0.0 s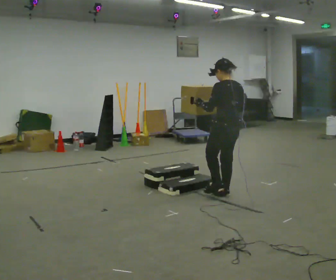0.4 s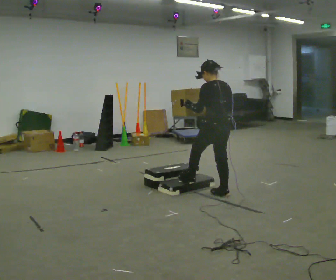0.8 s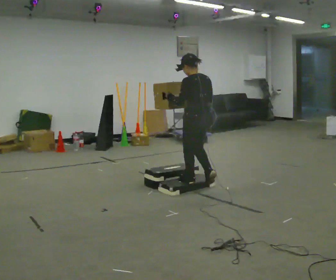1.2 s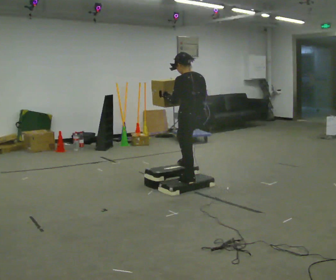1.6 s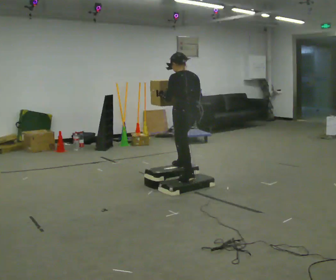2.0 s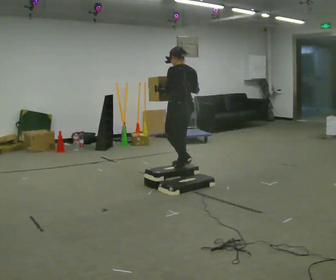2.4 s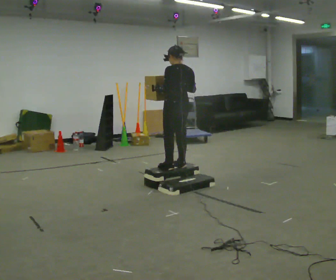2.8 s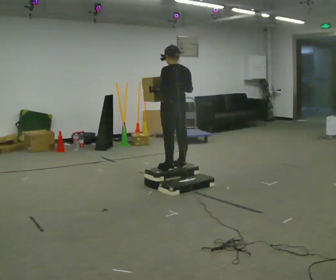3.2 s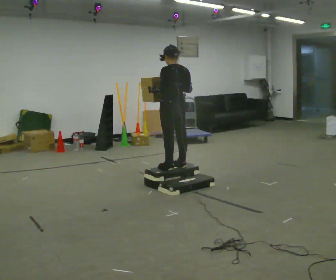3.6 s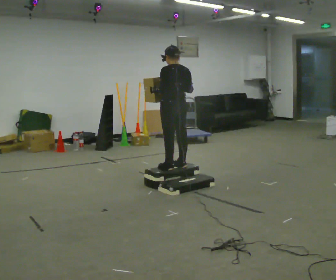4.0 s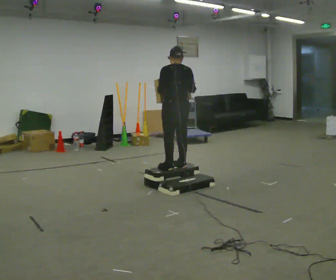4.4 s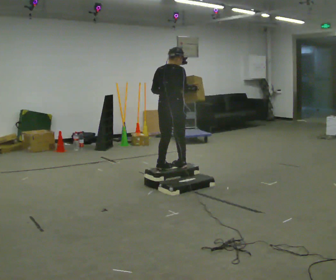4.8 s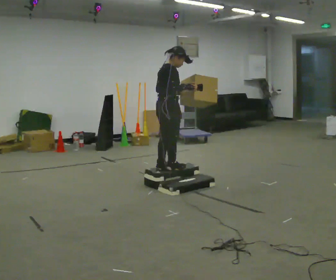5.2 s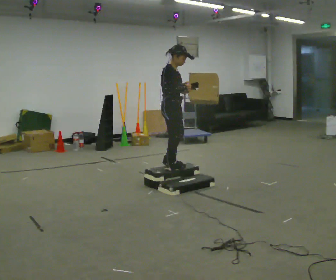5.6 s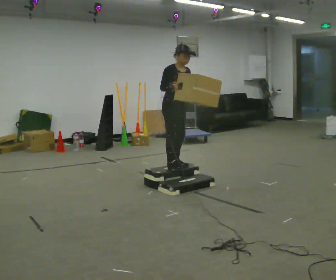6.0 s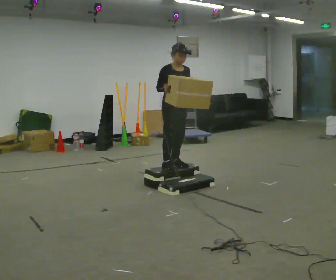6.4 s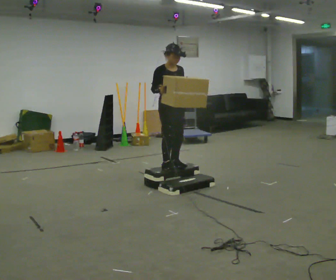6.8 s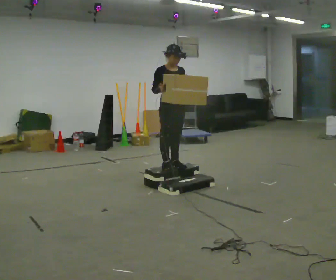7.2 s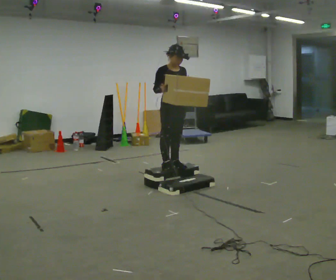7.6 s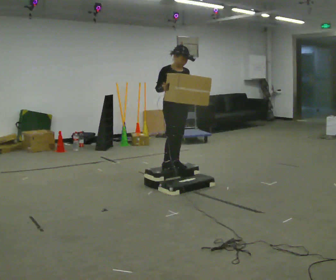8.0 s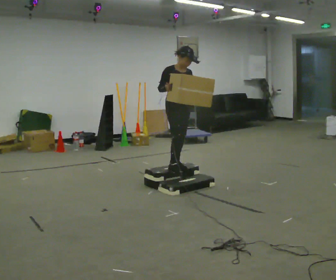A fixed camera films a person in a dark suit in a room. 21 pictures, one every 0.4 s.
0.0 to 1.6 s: In the picture they go away from the camera and to the left, about 0.75 m in 2 steps, which for them is forward.
1.6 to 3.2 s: The person moves a little, or ends about where they began.
3.2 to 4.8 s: The person turns about 105 degrees to their right, clockwise seen from above, so the part of the body nearest the lens slides to the left.
4.8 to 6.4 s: Seen from above the body turns clockwise, about 75 degrees: to their right, with its near side sliding to the left. In the picture their right hand goes to the left.
6.4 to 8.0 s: The person moves a little, or ends about where they began.
The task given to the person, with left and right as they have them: Carry the box up the three steps, turn at the top, and carry it back down. Use the handrail only if you need it. Keep going until the operator says stop; one object at a time, and do not rush between trips.
The film runs forward here.
